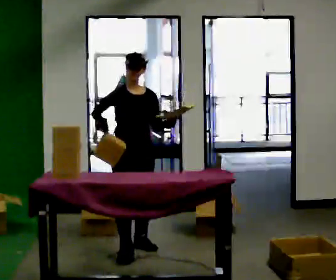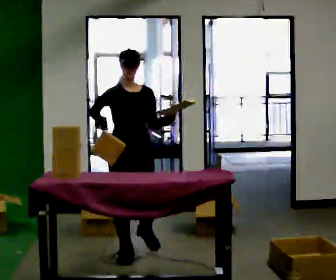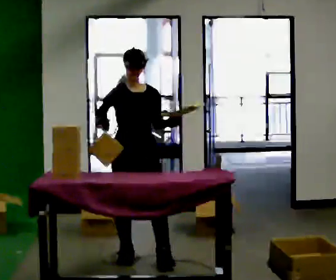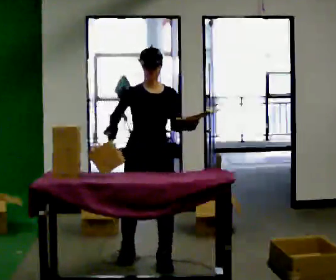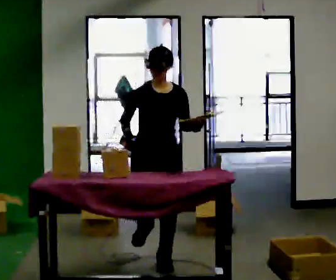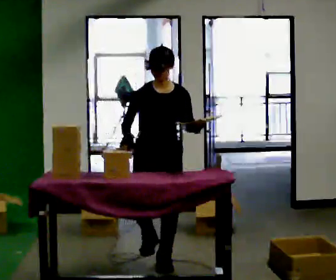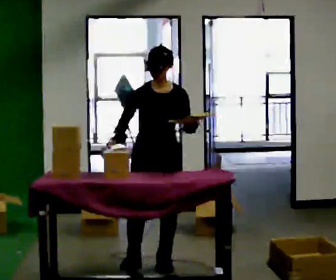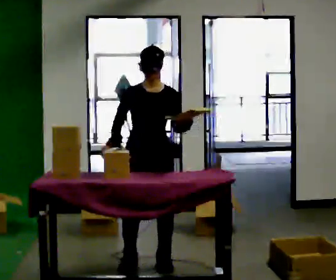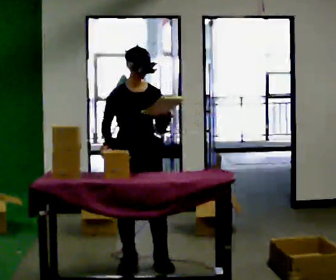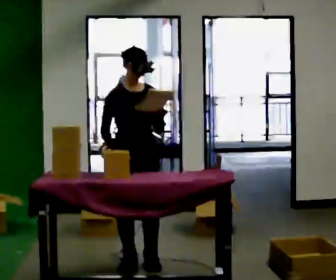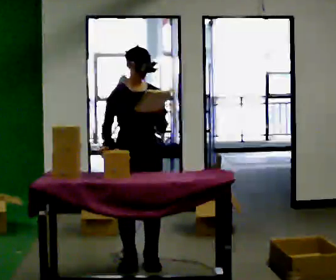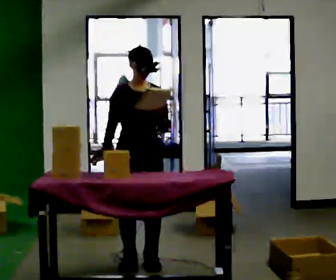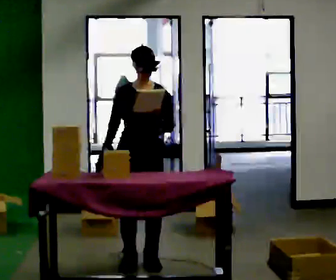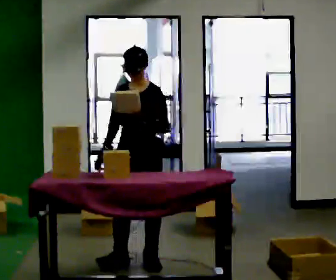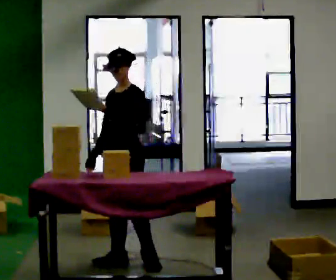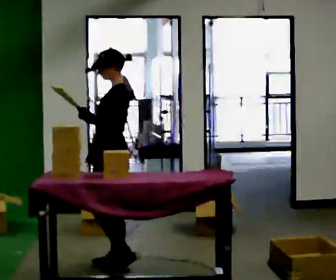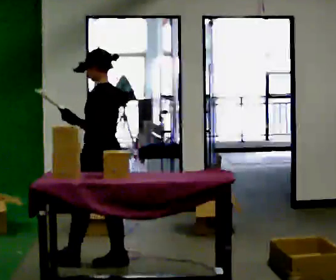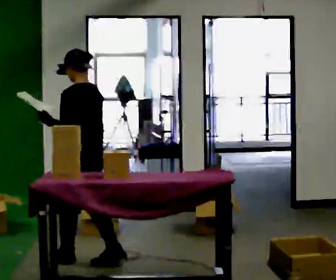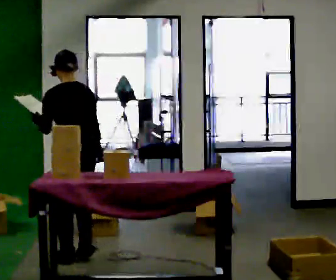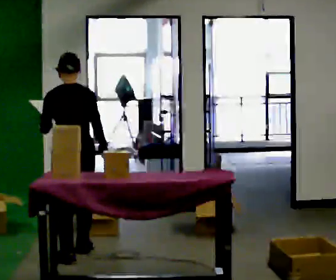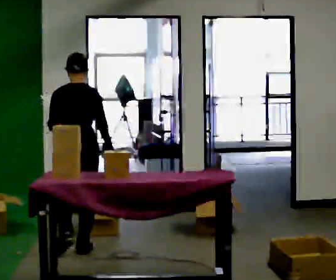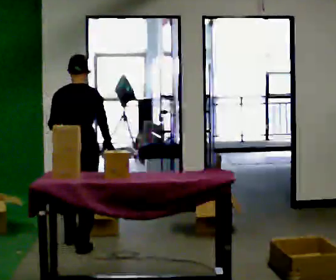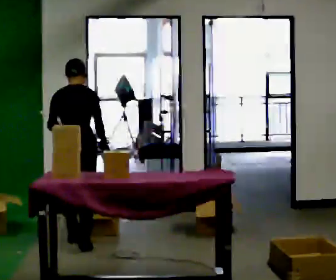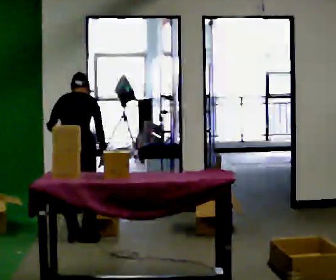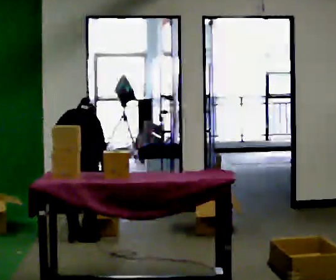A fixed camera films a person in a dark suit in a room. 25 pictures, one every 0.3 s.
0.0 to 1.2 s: In the picture they go toward the camera and to the right, about 0.5 m in 1 step, which for them is forward.
1.2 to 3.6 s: The person moves a little, or ends about where they began.
3.6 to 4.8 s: The person turns about 105 degrees to their right, clockwise seen from above, so the part of the body nearest the lens slides to the left. In the picture they go to the left, about 0.25 m.
4.8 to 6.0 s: The part of the body nearest the lens slides to the left as the person turns to their right by about 60 degrees. In the picture they go away from the camera and to the left, about 0.5 m in 2 steps.
6.0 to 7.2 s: In the picture they go away from the camera, about 0.5 m in 2 steps, which for them is forward. The shoulders move downward. The upper body tips away from the camera, its near side rolling upward, as they bend forward.
The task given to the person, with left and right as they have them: 1. Read the parts list. 2. Collect each part from the bins around the room. 3. Lay them out on the table in the order on the list. 4. Put them all in the carry case. 5. Tell the operator when you are finished.
The film runs forward here.
